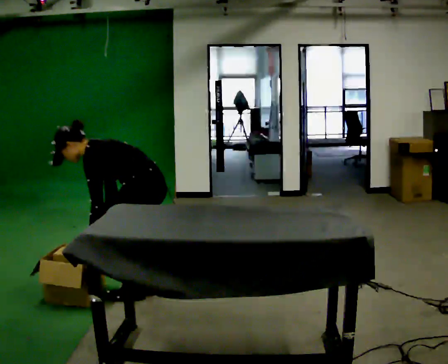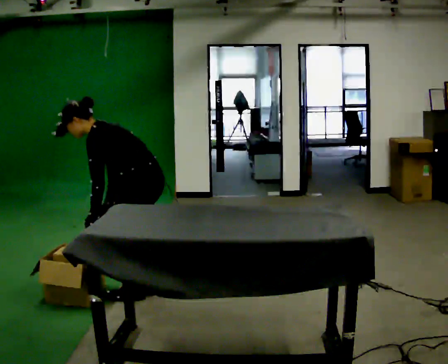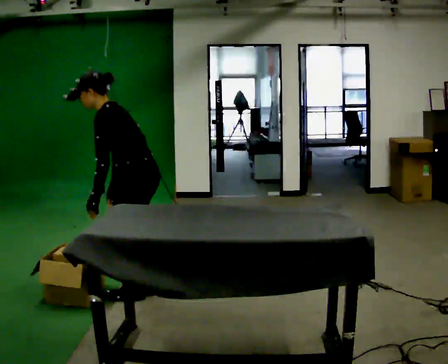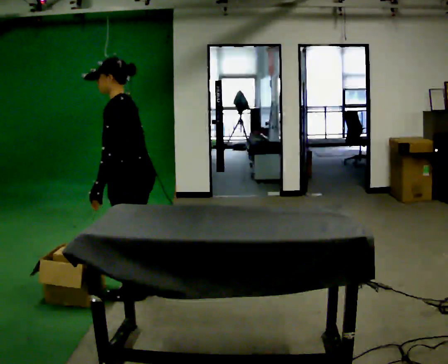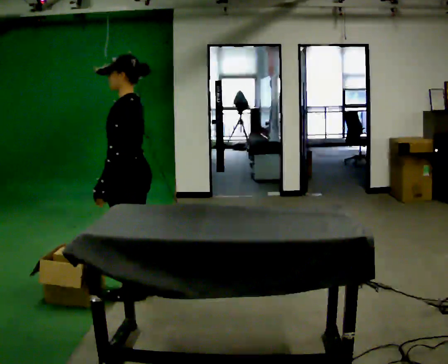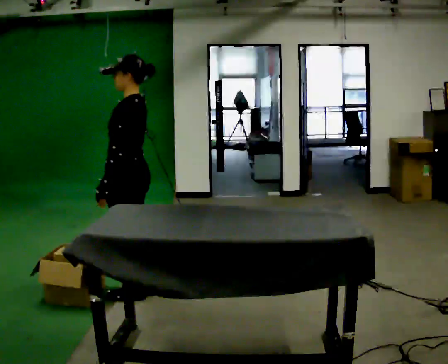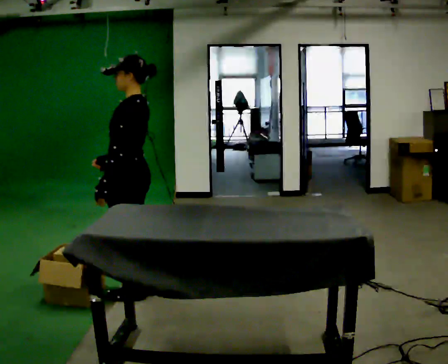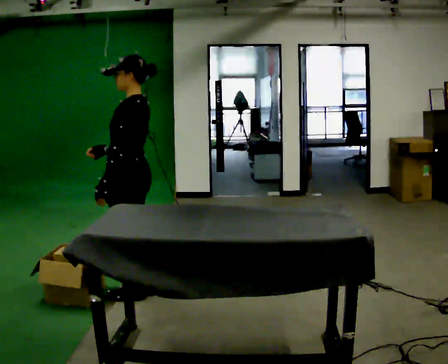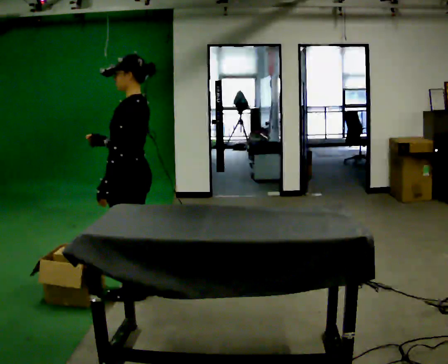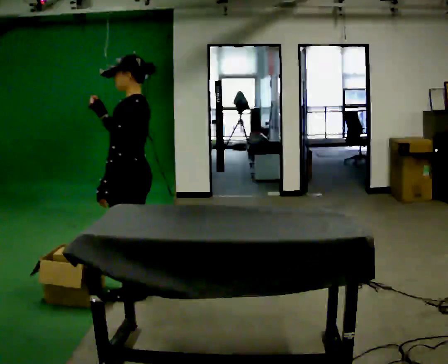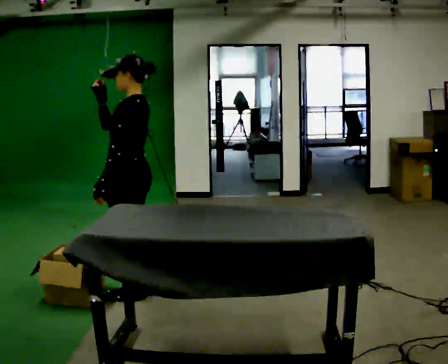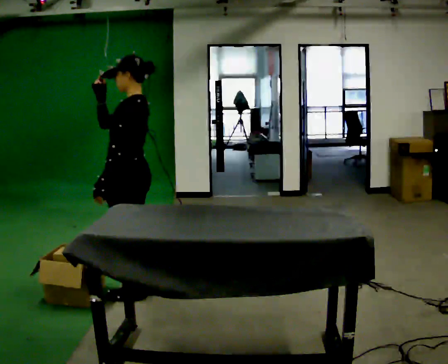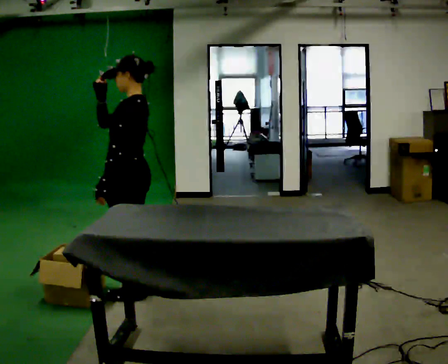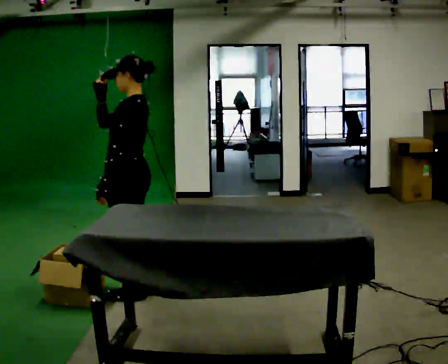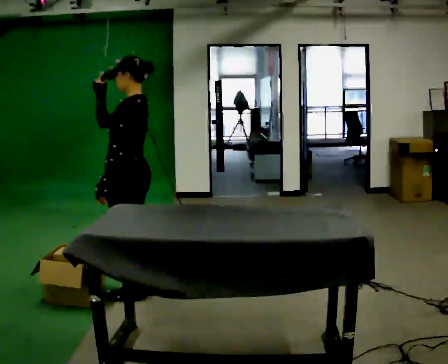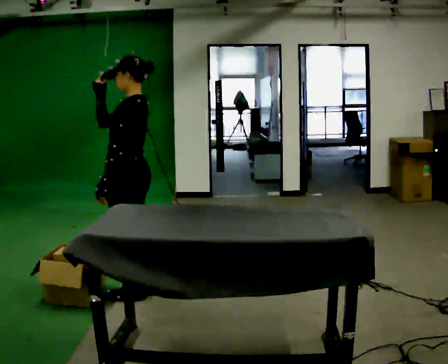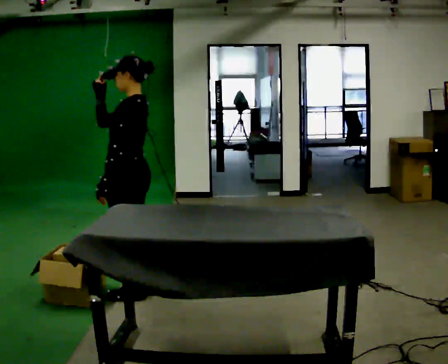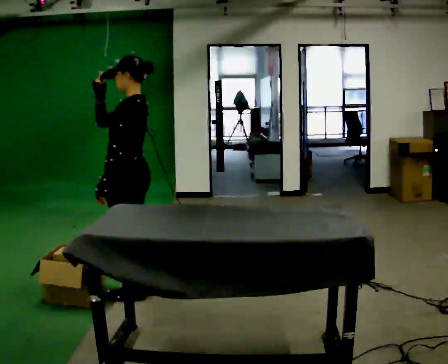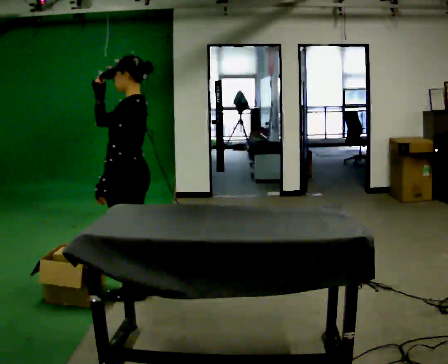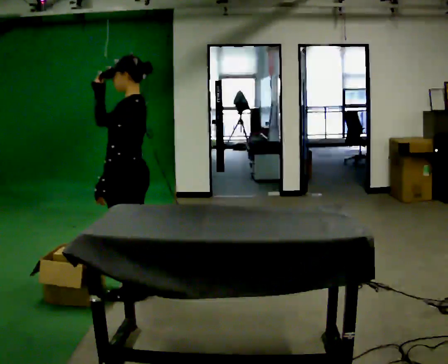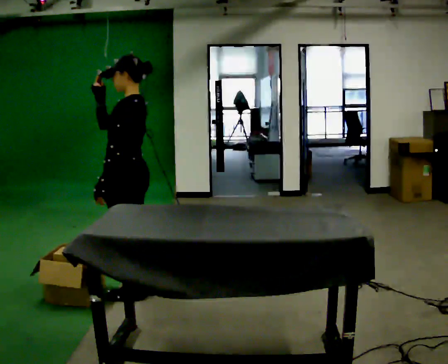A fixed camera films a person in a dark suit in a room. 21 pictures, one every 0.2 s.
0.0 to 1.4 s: The shoulders move upward. In the picture the upper body tilts clockwise, shoulders to the right, as they lean back or straighten. In the picture their right hand goes upward.
1.4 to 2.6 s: In the picture their right hand goes upward.
2.6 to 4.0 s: The person moves a little, or ends about where they began.
The film runs forward here.
